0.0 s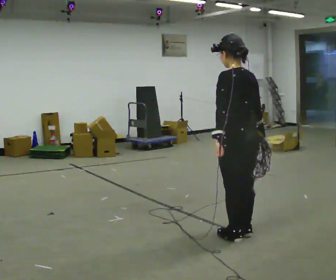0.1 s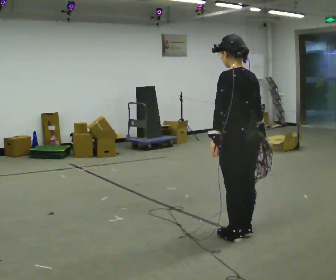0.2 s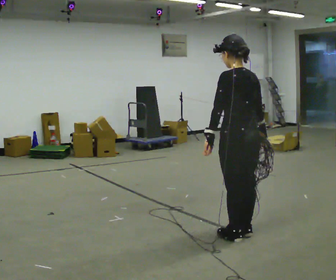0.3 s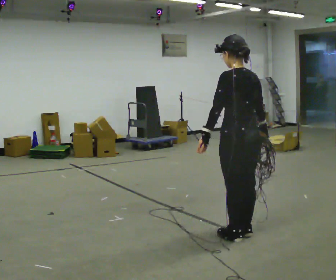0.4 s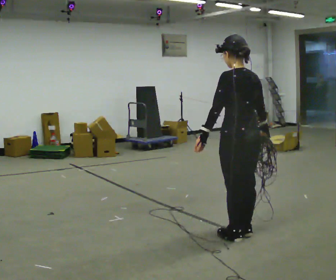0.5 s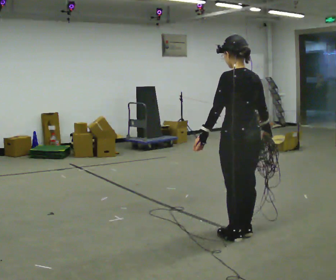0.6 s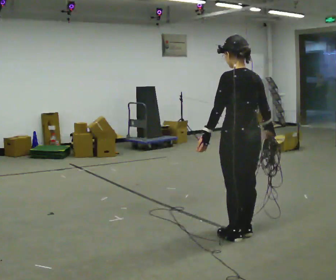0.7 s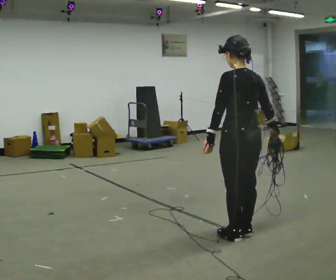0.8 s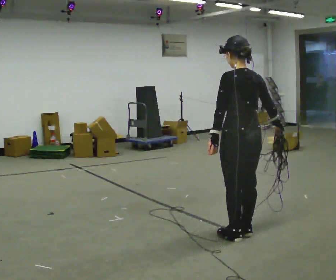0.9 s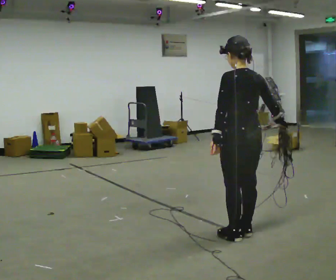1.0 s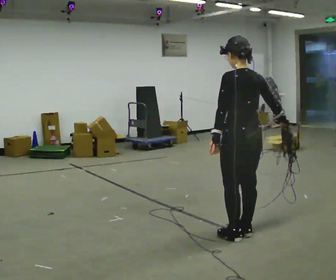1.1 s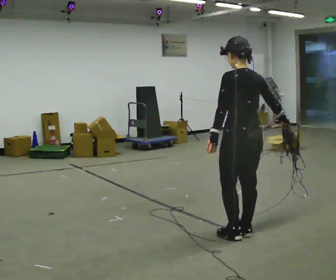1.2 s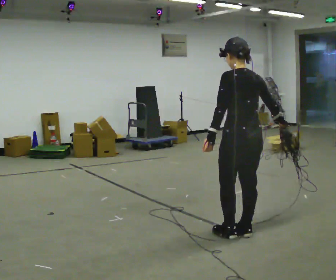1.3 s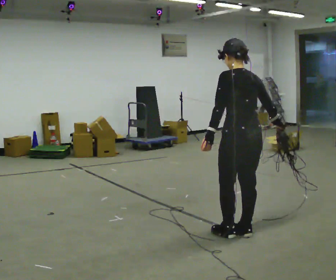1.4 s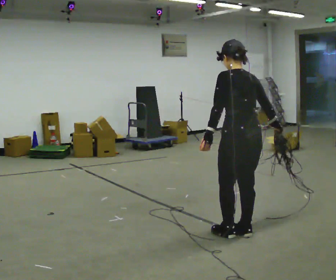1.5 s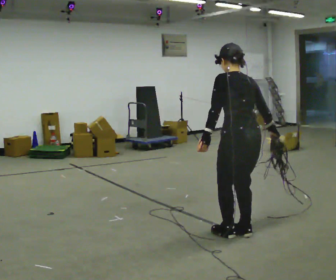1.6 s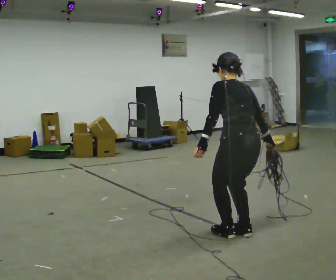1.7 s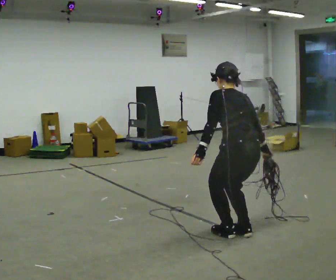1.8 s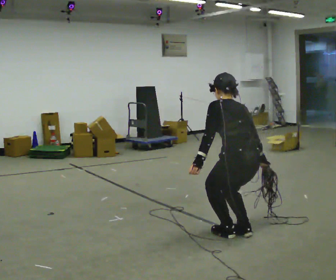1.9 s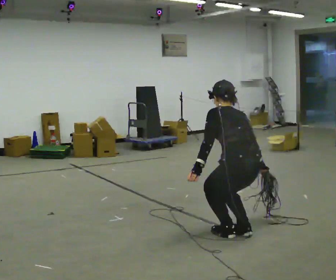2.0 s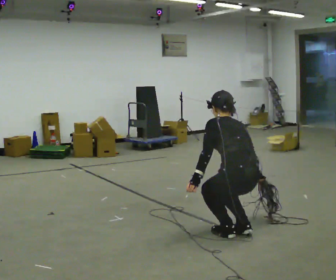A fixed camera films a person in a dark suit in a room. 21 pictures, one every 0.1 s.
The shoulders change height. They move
downward.
The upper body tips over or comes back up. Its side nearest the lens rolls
upward.
0.0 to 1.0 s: The person moves a little, or ends about where they began.
1.0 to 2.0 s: The upper body goes downward. The upper body tips away from the camera, its near side rolling upward, as they bend forward. In the picture their right hand goes downward.
The film runs forward here.
